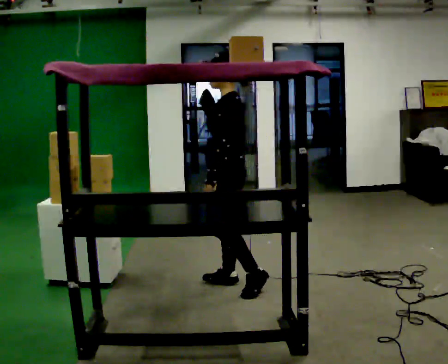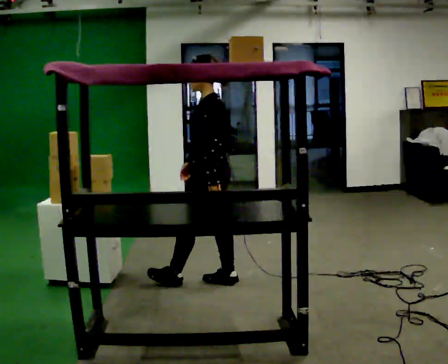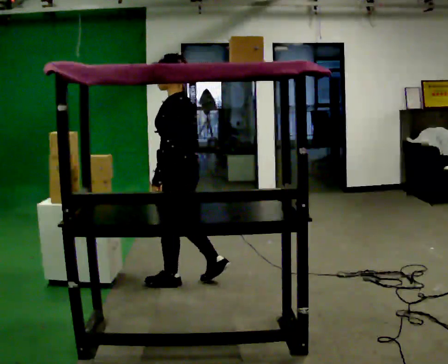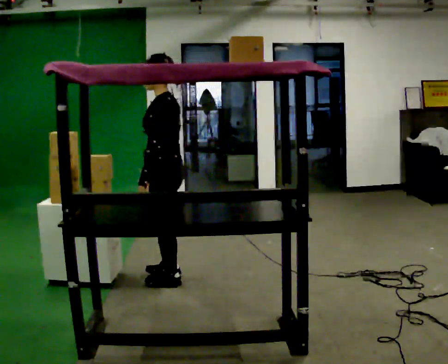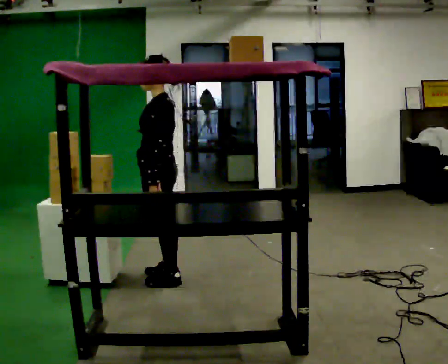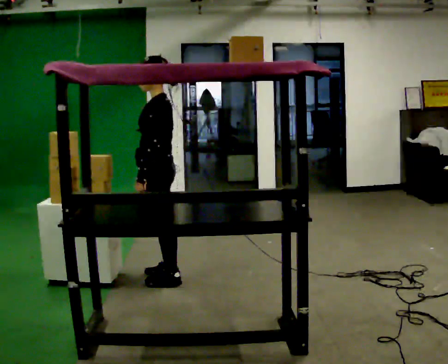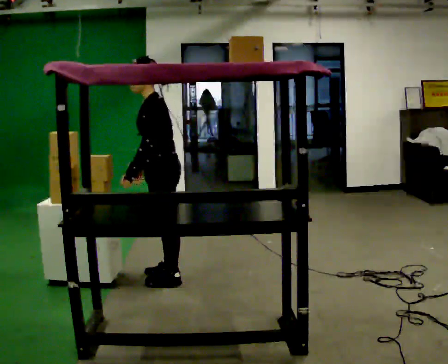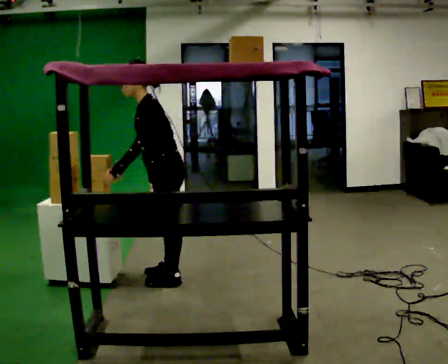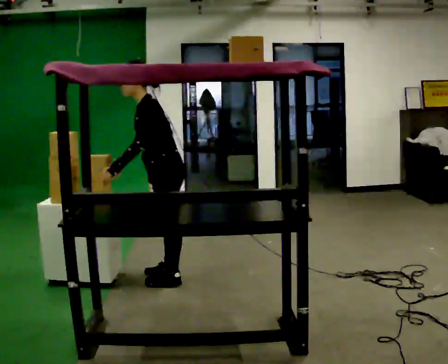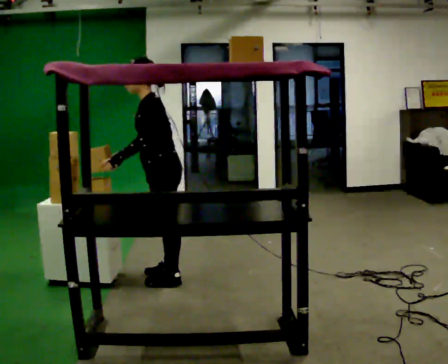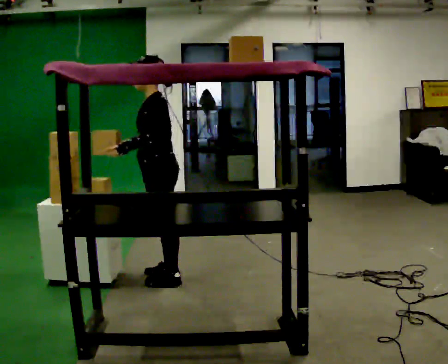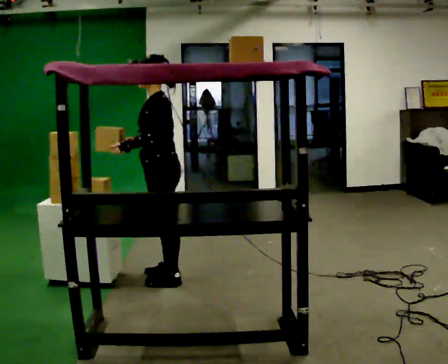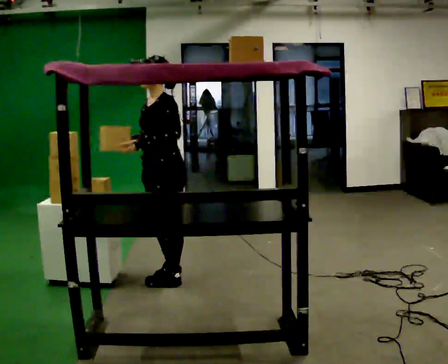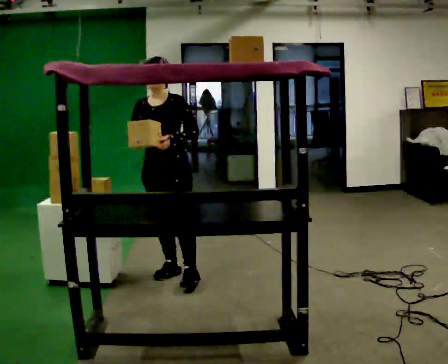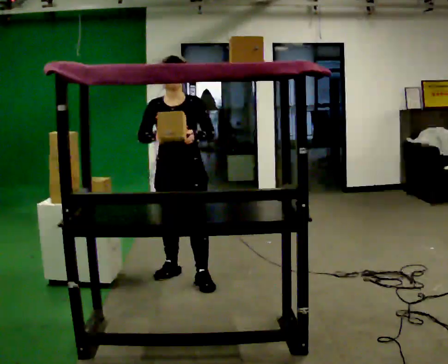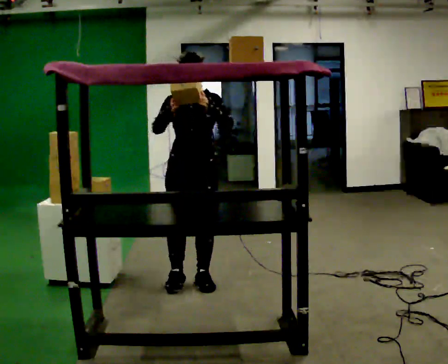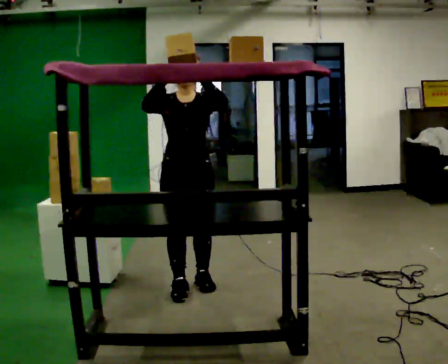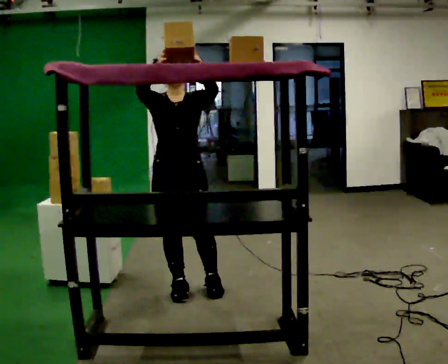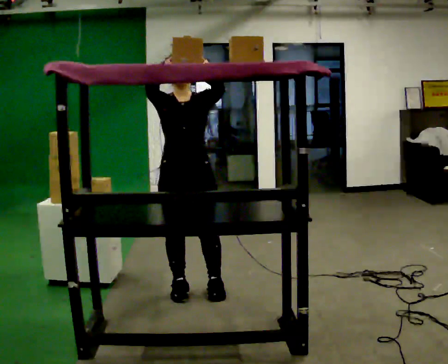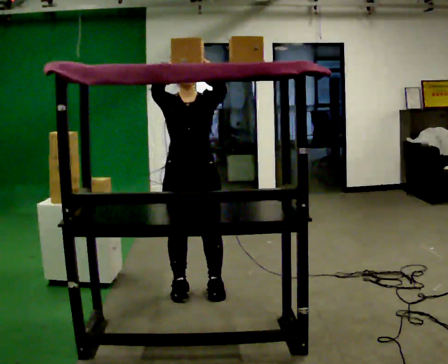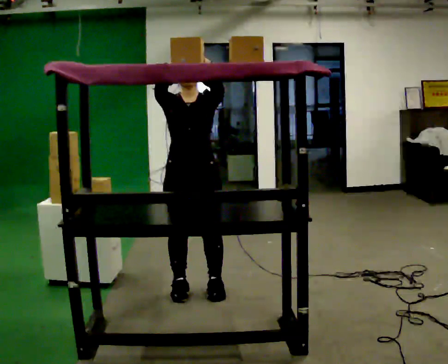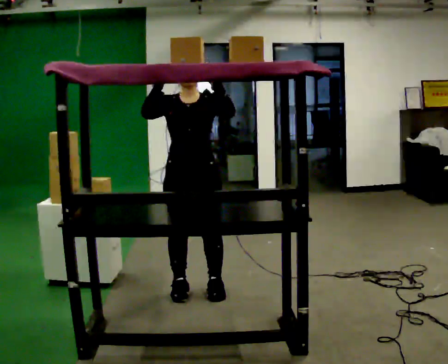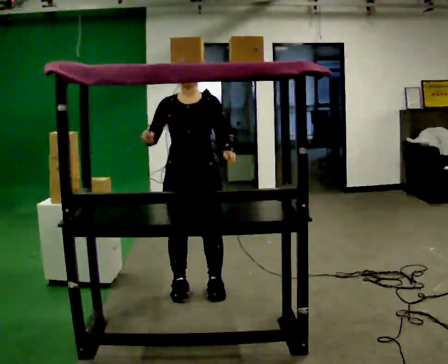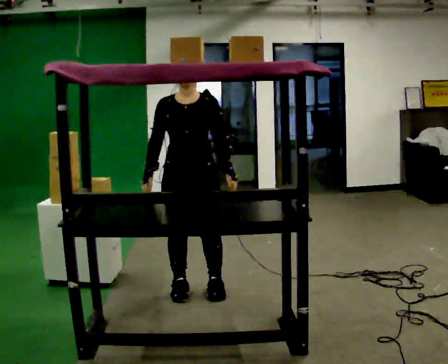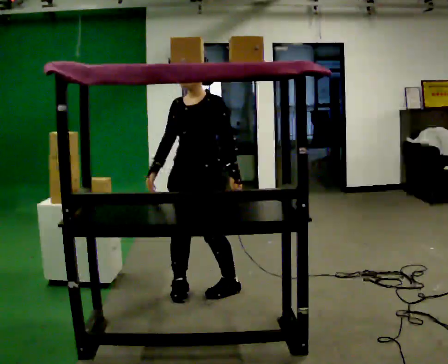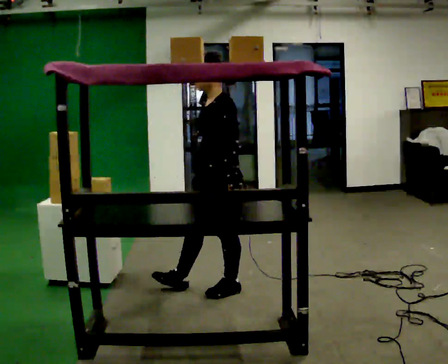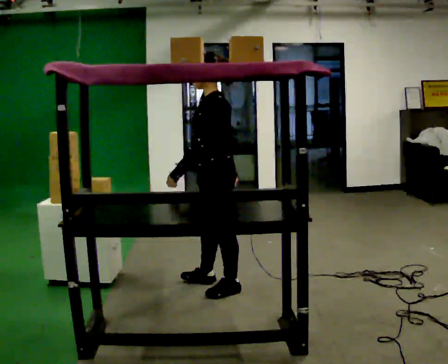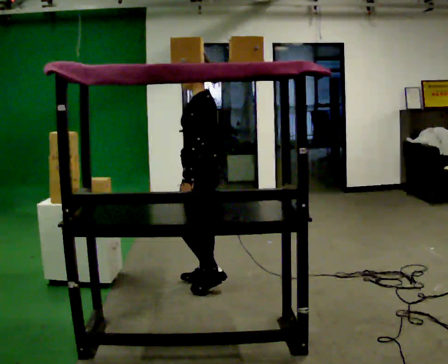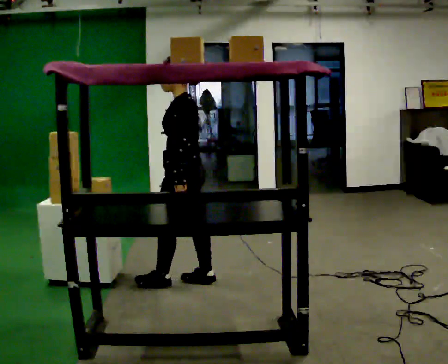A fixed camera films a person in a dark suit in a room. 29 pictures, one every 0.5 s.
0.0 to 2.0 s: In the picture they go to the left, about 0.5 m in 2 steps, which for them is forward.
2.0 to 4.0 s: In the picture the upper body tilts counterclockwise, shoulders to the left, as they bend forward.
4.0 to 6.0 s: The part of the body nearest the lens slides to the right as the person turns to their left by about 30 degrees. In the picture the upper body tilts clockwise, shoulders to the right, as they lean back or straighten.
6.0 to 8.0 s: The person turns about 60 degrees to their left, counterclockwise seen from above, so the part of the body nearest the lens slides to the right. In the picture they go toward the camera, about 0.25 m in 1 step. In the picture their right hand goes upward.
8.0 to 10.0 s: The person moves a little, or ends about where they began.
10.0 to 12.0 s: The part of the body nearest the lens slides to the left as the person turns to their right by about 30 degrees. In the picture their right hand goes downward.
12.0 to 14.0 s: Seen from above the body turns clockwise, about 75 degrees: to their right, with its near side sliding to the left. In the picture they go away from the camera, about 0.25 m in 2 steps.
The film runs forward here.
